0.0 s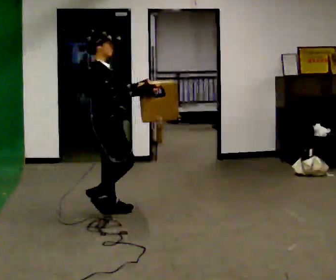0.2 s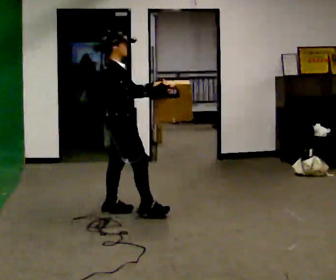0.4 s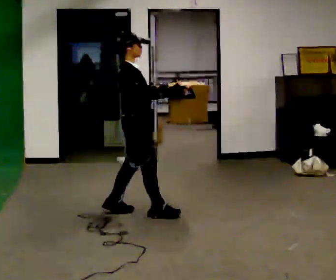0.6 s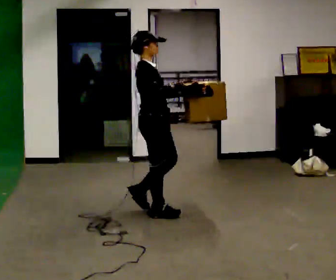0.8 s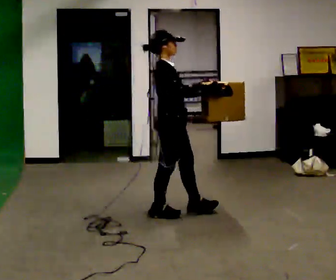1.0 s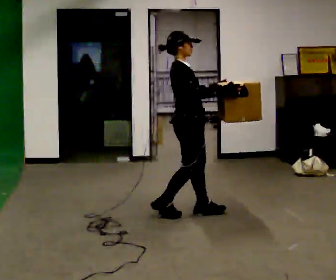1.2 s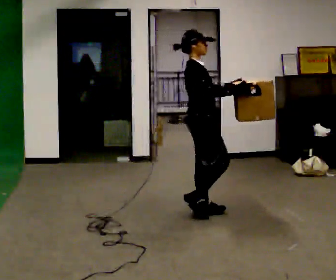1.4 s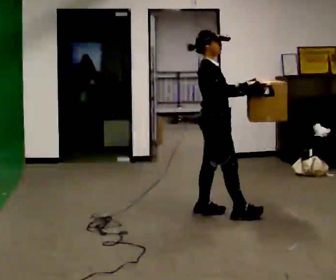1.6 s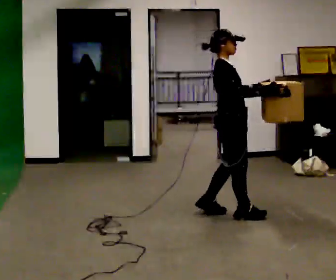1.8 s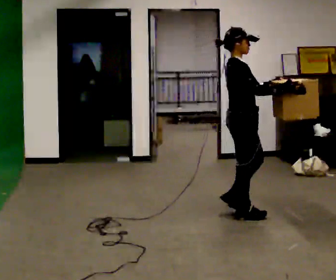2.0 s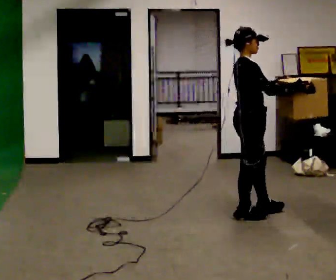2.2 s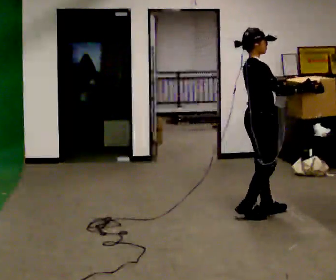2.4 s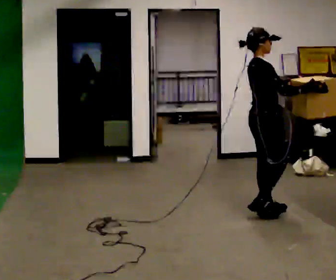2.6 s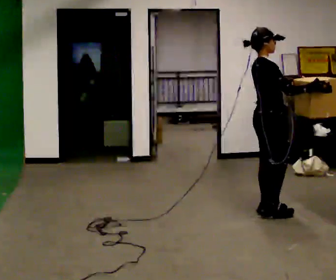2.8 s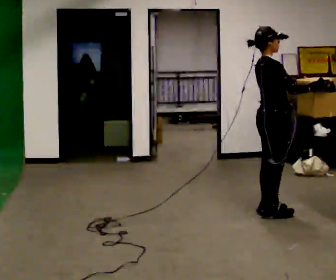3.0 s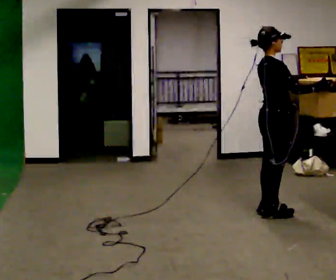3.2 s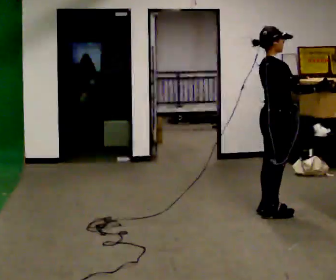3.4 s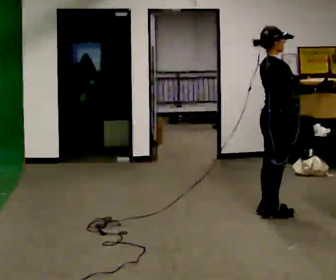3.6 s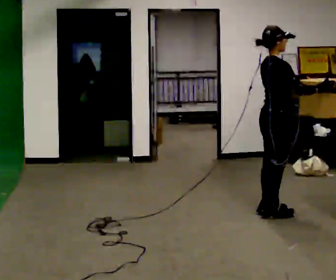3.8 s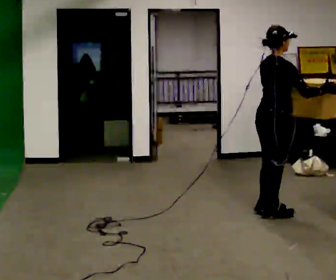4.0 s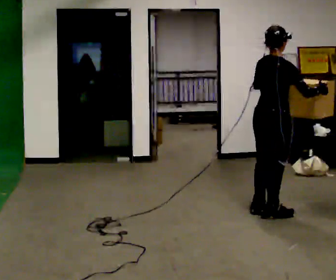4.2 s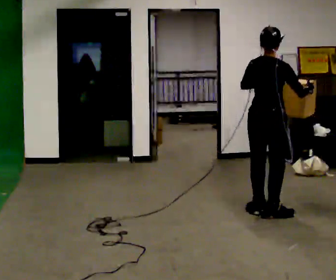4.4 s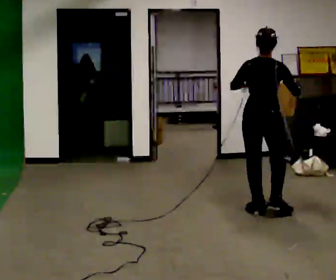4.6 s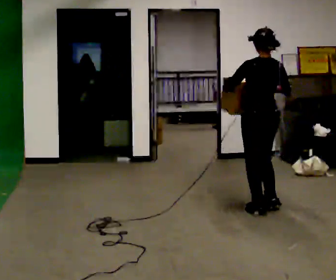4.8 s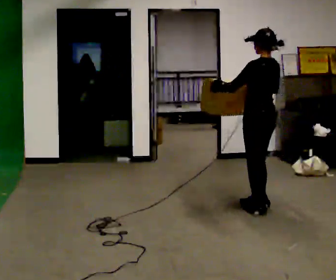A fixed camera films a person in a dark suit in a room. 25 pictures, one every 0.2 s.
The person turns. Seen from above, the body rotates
counterclockwise.
The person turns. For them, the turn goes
to their left.
0.0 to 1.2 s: In the picture they go to the right, about 1 m in 2 steps, which for them is forward.
1.2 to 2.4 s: In the picture they go to the right, about 0.5 m in 2 steps, which for them is forward.
2.4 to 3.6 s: The person moves a little, or ends about where they began.
3.6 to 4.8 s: The part of the body nearest the lens slides to the right as the person turns to their left by about 135 degrees. In the picture they go away from the camera, about 0.25 m in 1 step. In the picture their right hand goes to the left.
The film runs forward here.
